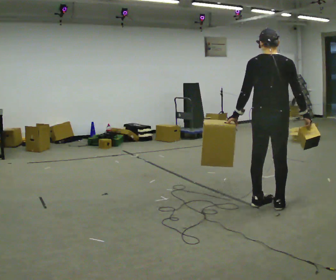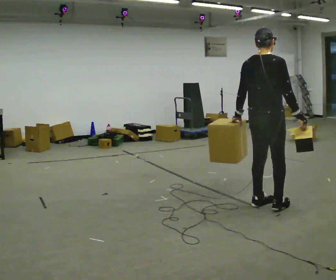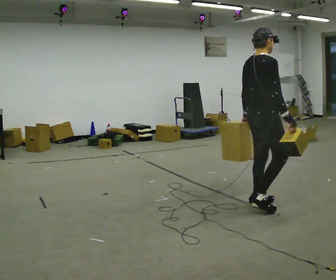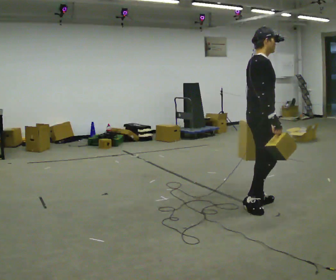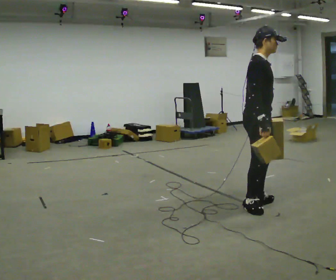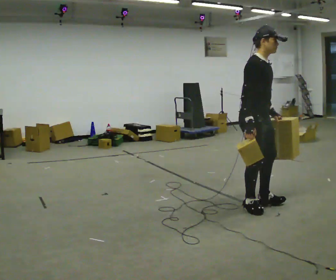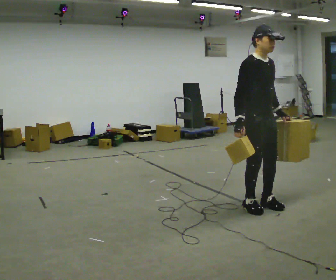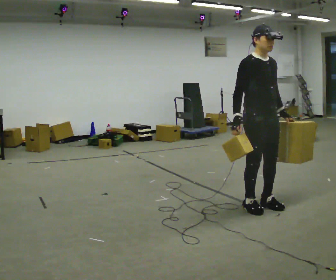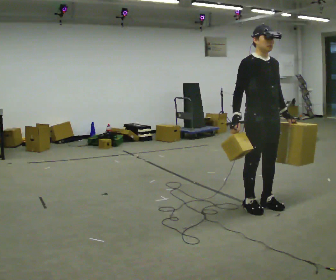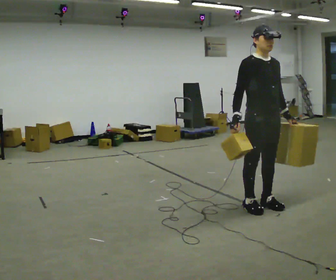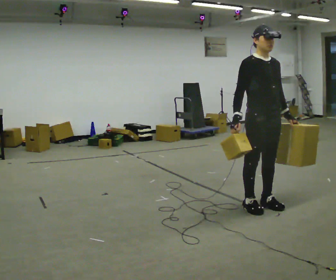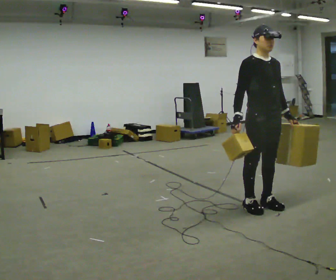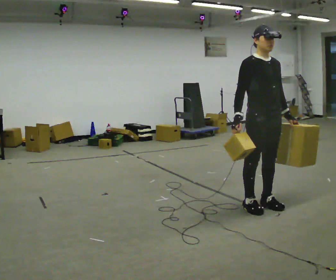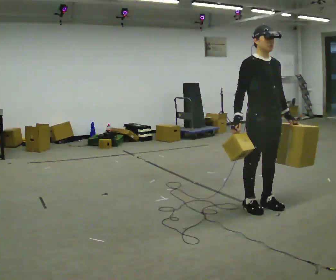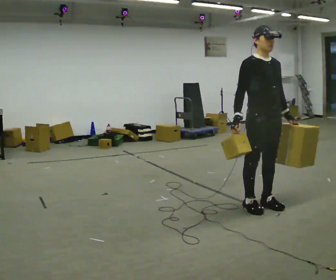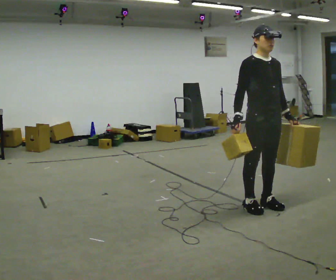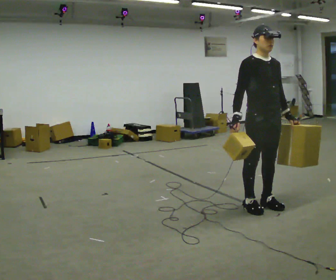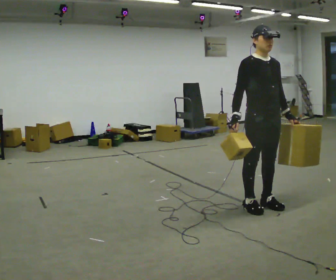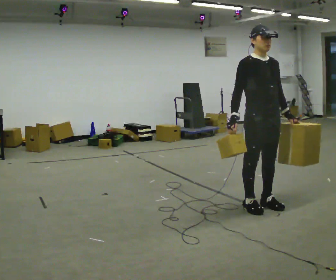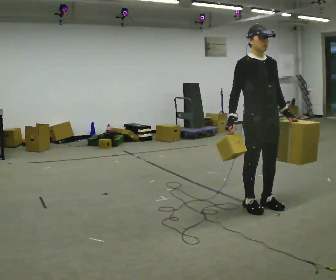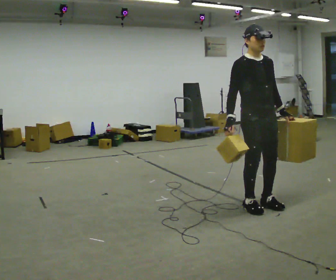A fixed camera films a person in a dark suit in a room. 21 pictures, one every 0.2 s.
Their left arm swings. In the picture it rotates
counterclockwise.
The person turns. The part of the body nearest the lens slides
to the left.
0.0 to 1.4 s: The part of the body nearest the lens slides to the left as the person turns to their right by about 135 degrees. In the picture their left hand goes to the right, the arm swinging counterclockwise.
1.4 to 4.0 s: The person moves a little, or ends about where they began.
The film runs backward here.
